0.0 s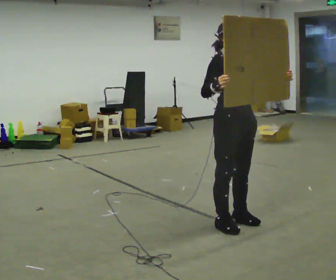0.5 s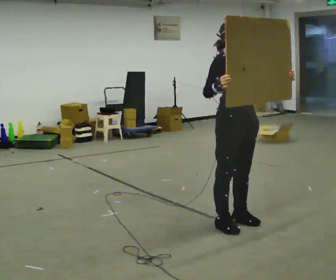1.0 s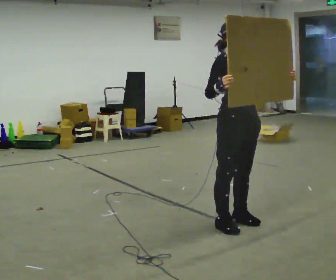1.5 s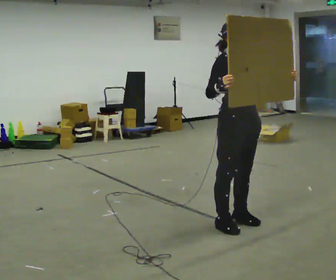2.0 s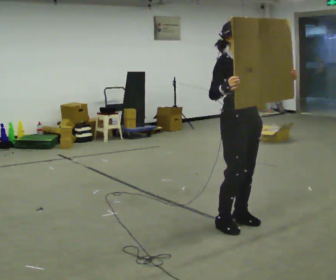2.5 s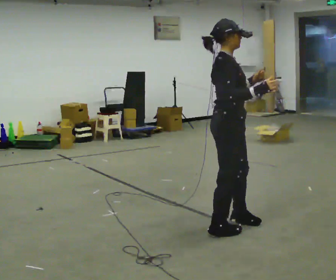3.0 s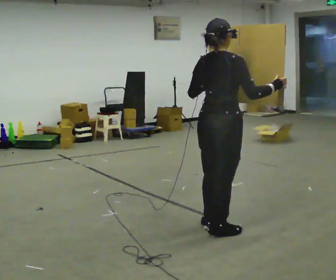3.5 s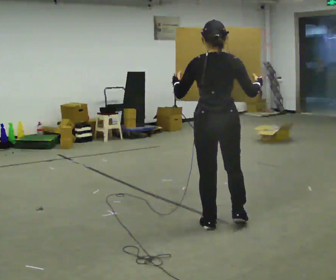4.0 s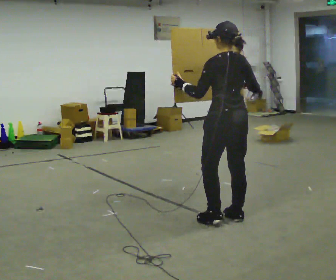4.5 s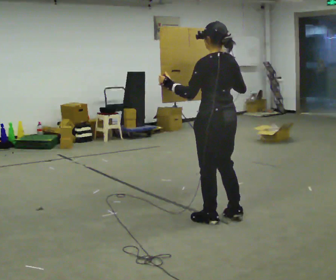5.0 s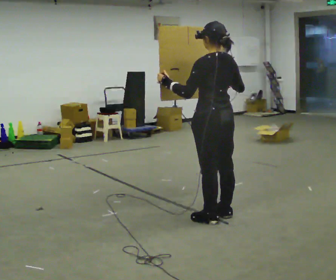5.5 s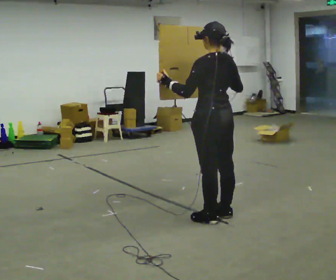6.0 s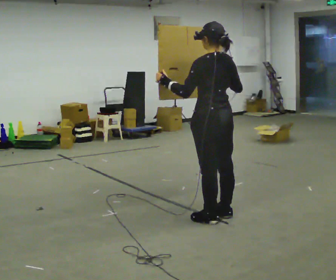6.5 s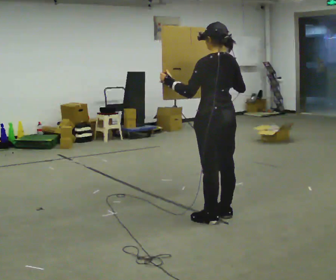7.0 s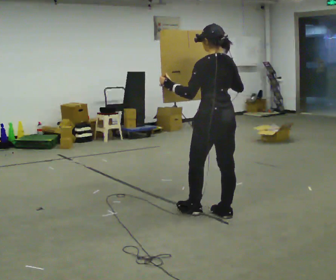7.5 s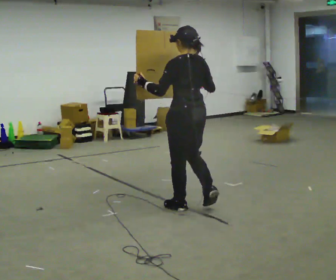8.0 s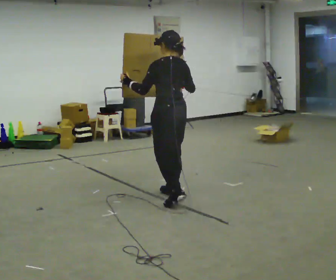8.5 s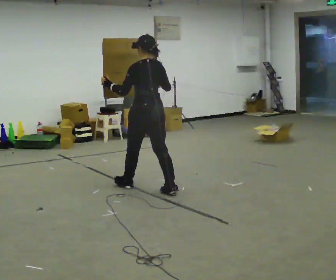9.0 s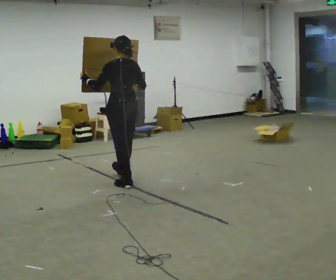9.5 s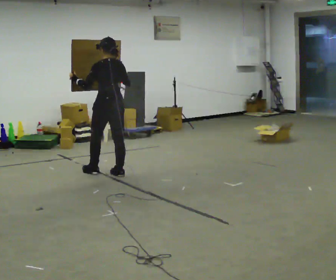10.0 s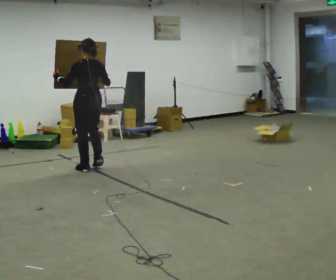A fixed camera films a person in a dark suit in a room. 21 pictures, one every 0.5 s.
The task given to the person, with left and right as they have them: Carry the large panel across the room. It will block your view ahead, so take whatever route feels safe. Keep going until the operator says stop; one object at a time, and do not rush between trips.
0.0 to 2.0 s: The person moves a little, or ends about where they began.
2.0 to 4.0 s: The person turns about 165 degrees to their left, counterclockwise seen from above, so the part of the body nearest the lens slides to the right.
4.0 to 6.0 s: The person moves a little, or ends about where they began.
6.0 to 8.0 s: In the picture they go away from the camera and to the left, about 0.5 m in 2 steps, which for them is forward.
8.0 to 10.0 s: In the picture they go to the left and away from the camera, about 1.5 m in 3 steps, which for them is forward.
The film runs forward here.
